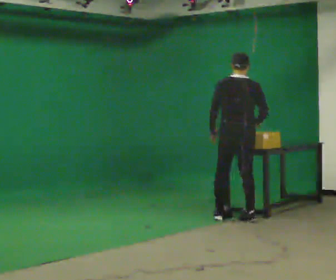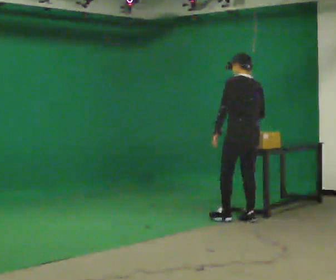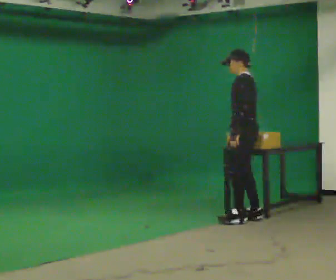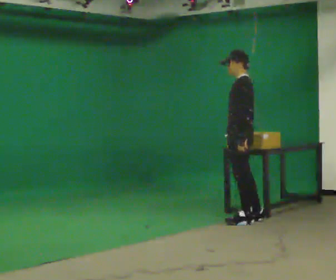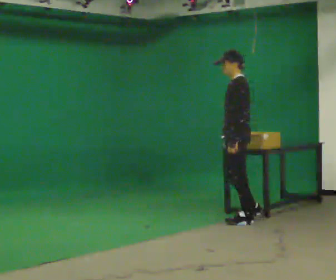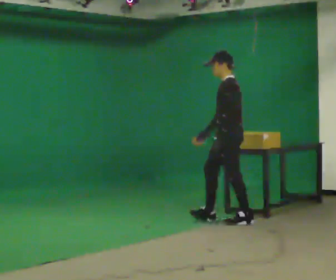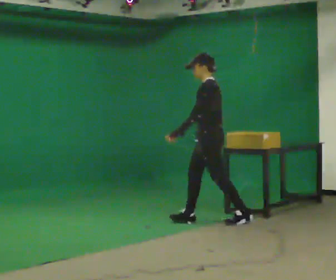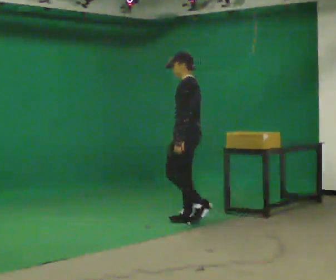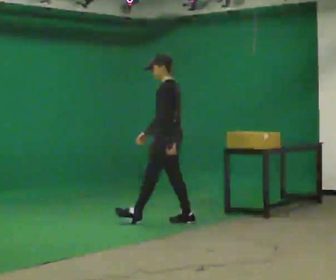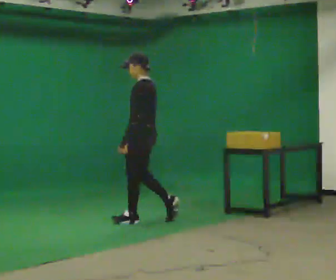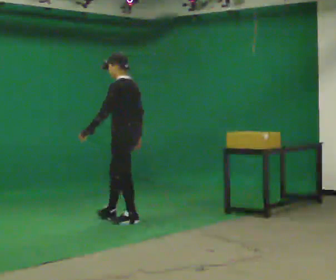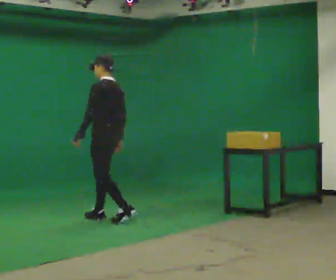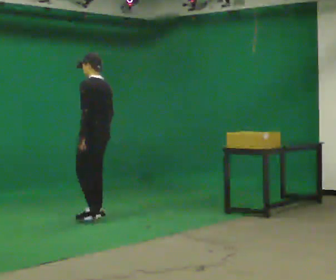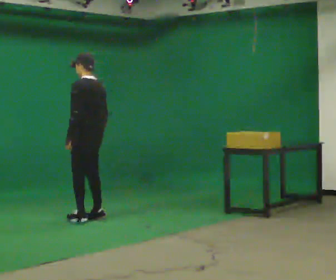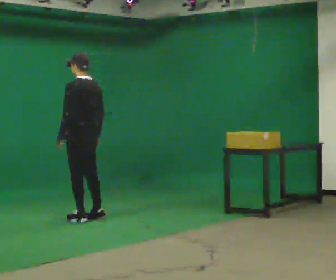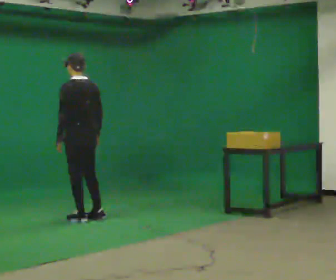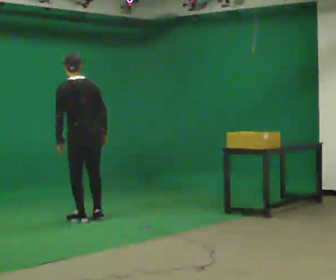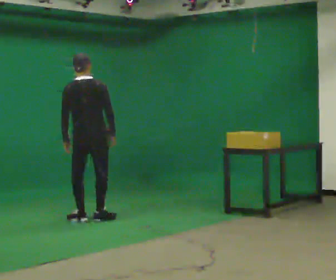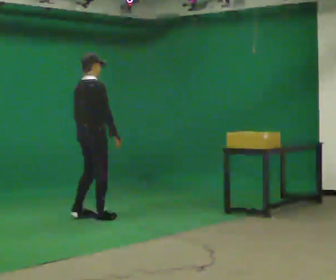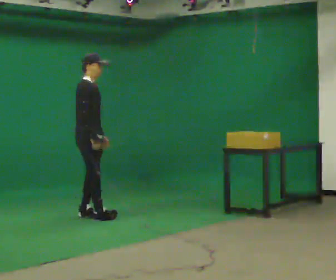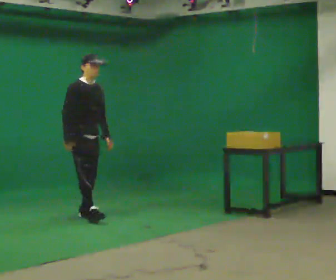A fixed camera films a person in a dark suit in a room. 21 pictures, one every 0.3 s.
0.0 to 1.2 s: Seen from above the body turns counterclockwise, about 90 degrees: to their left, with its near side sliding to the right.
1.2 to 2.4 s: In the picture they go to the left, about 0.5 m in 1 step, which for them is forward.
2.4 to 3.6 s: In the picture they go to the left, about 1 m in 2 steps, which for them is forward.
3.6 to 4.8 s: The person turns about 30 degrees to their right, clockwise seen from above, so the part of the body nearest the lens slides to the left.
4.8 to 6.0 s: Seen from above the body turns clockwise, about 150 degrees: to their right, with its near side sliding to the left. In the picture they go away from the camera, about 0.25 m in 1 step. In the picture the upper body tilts clockwise, shoulders to the right. In the picture their right hand goes to the left.
The film runs forward here.
